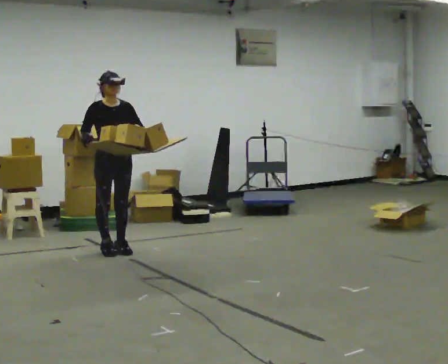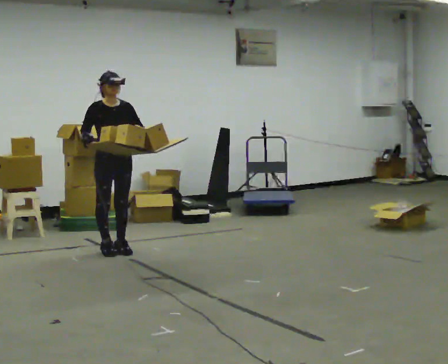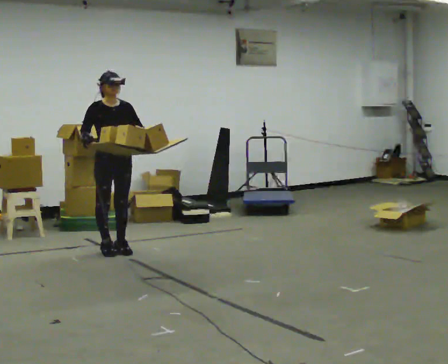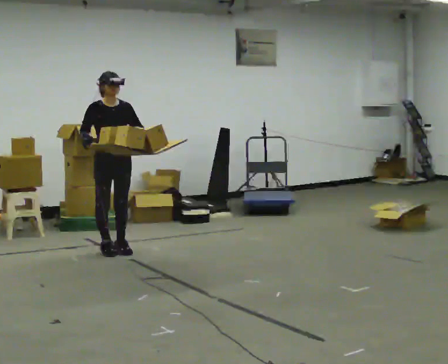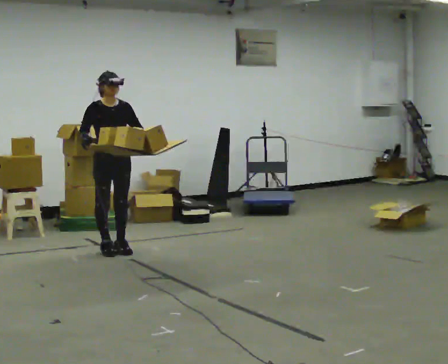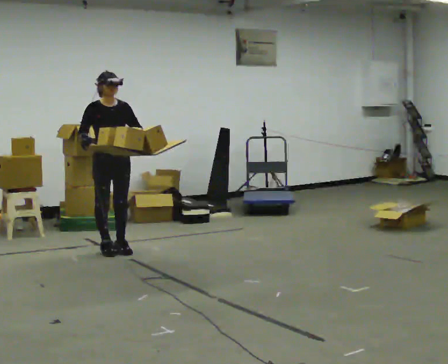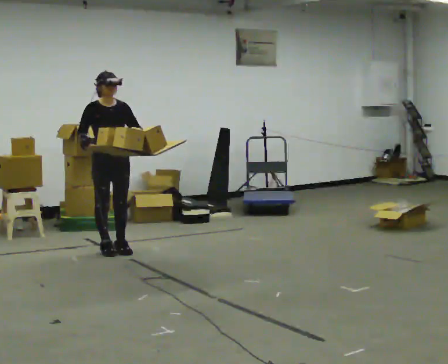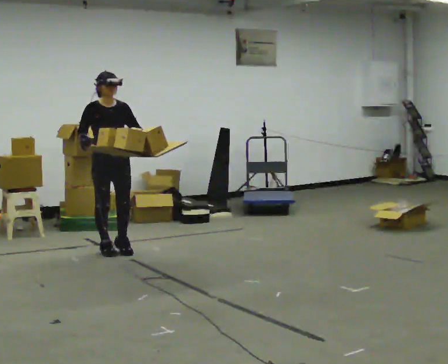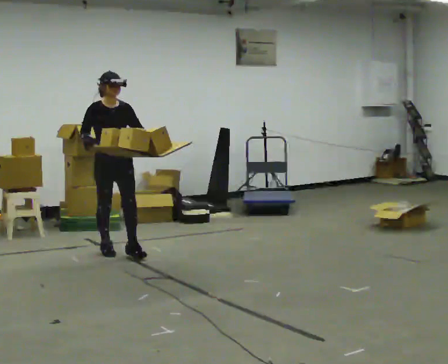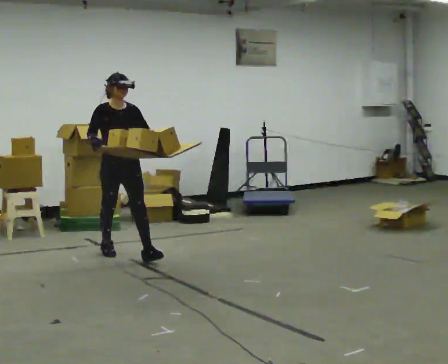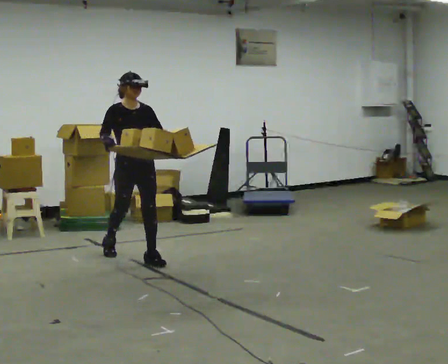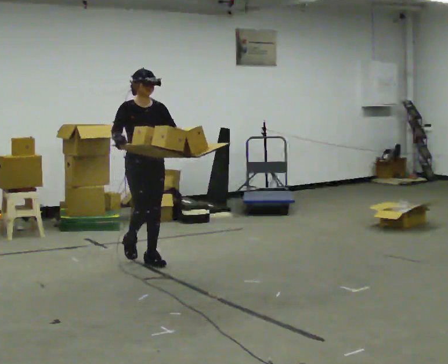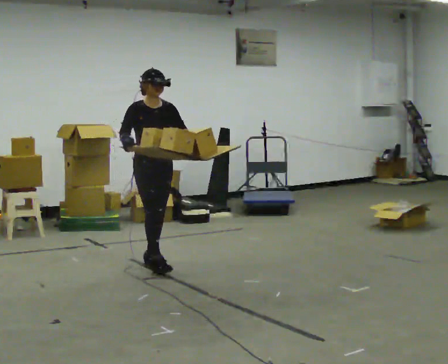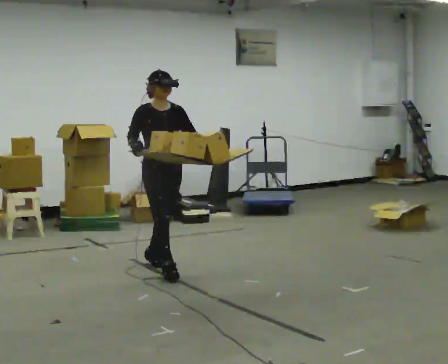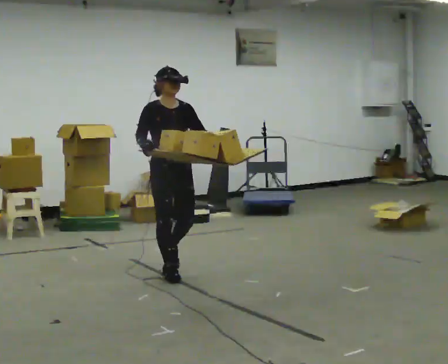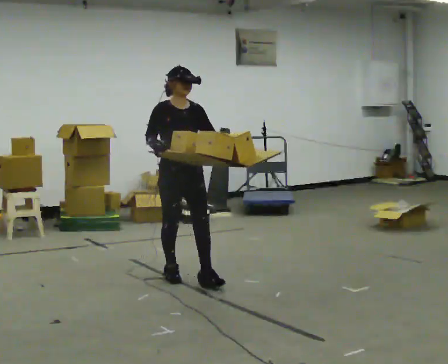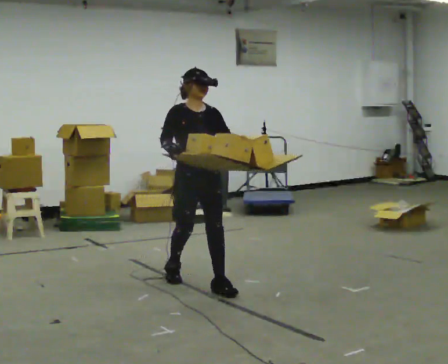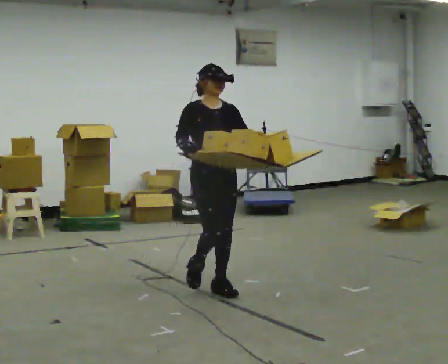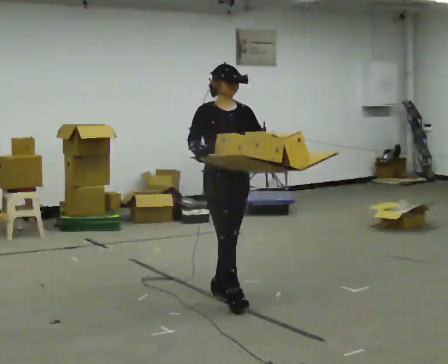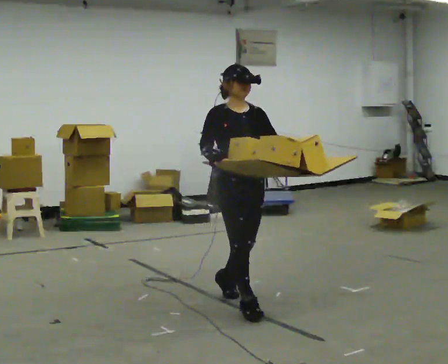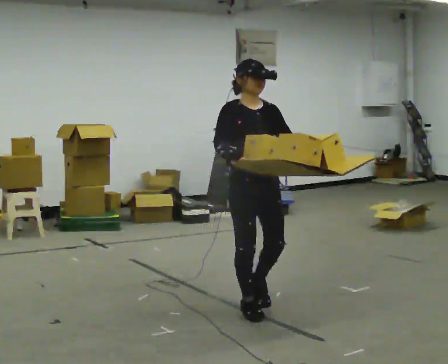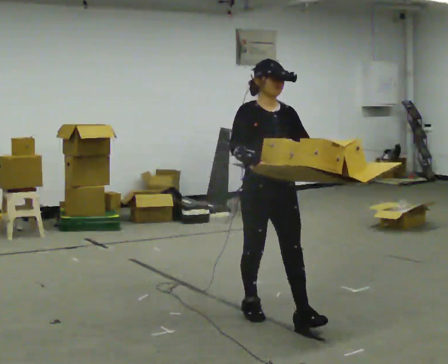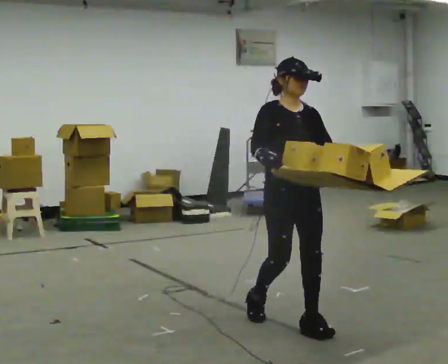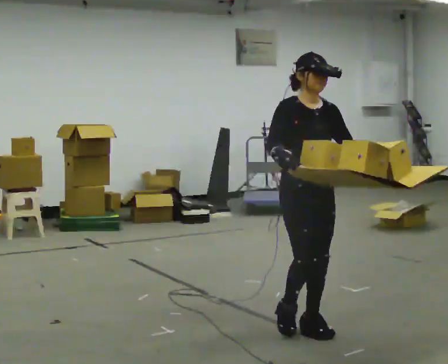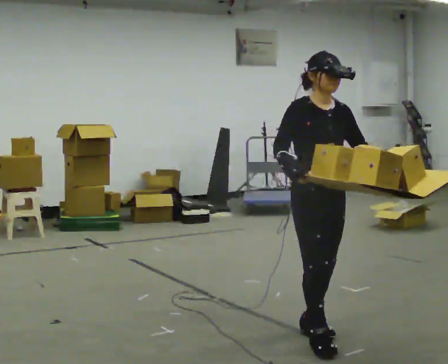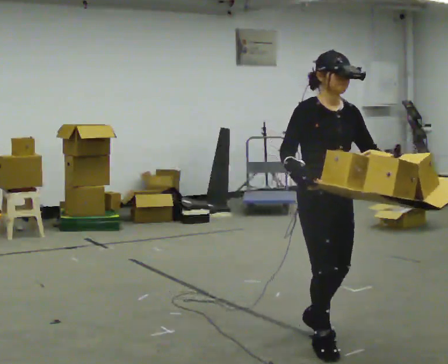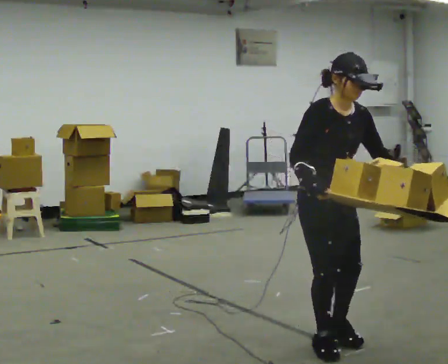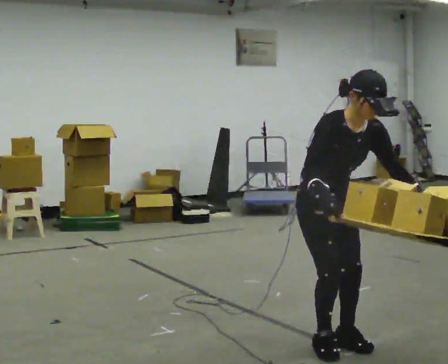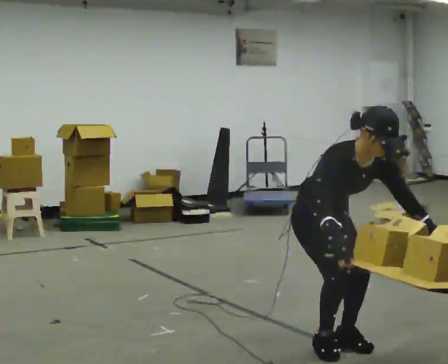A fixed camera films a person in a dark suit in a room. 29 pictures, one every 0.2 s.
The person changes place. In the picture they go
toward the camera.
0.0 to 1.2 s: The person moves a little, or ends about where they began.
1.2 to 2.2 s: In the picture they go toward the camera and to the right, about 0.5 m in 1 step, which for them is forward.
2.2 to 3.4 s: In the picture they go toward the camera and to the right, about 1 m in 2 steps, which for them is forward.
3.4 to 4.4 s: In the picture they go toward the camera and to the right, about 1 m in 2 steps, which for them is forward.
4.4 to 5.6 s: In the picture they go toward the camera, about 0.25 m in 2 steps, which for them is forward. The shoulders move downward. The upper body tips toward the camera, its near side rolling downward, as they bend forward. In the picture their right hand goes downward.
The film runs forward here.
